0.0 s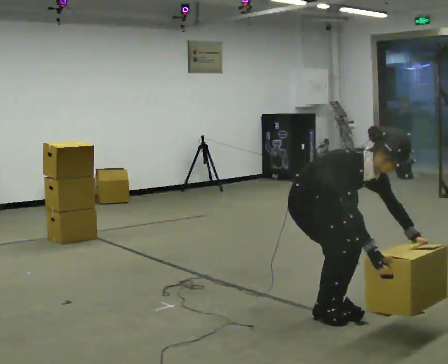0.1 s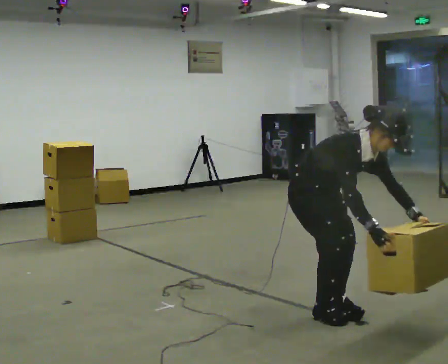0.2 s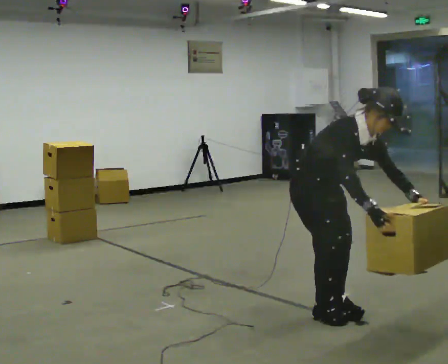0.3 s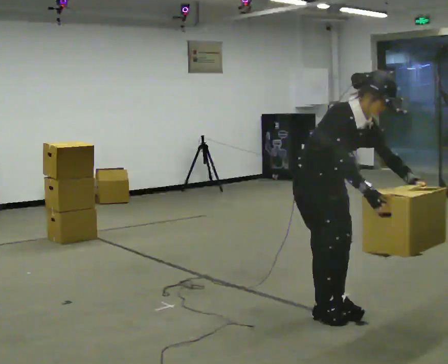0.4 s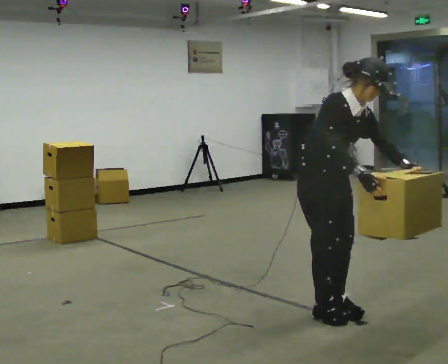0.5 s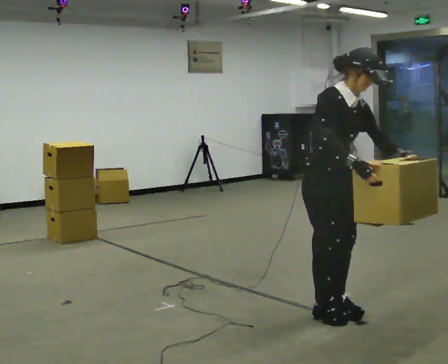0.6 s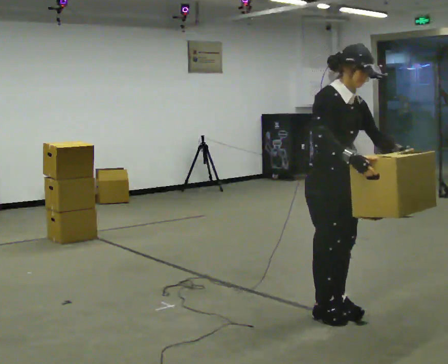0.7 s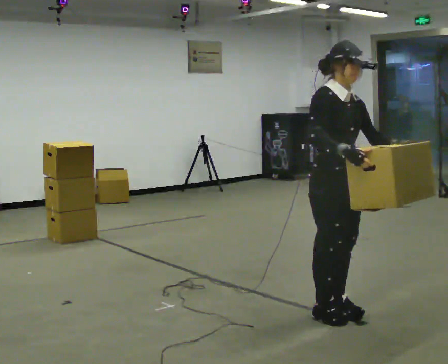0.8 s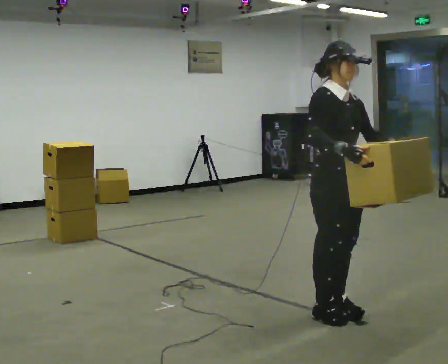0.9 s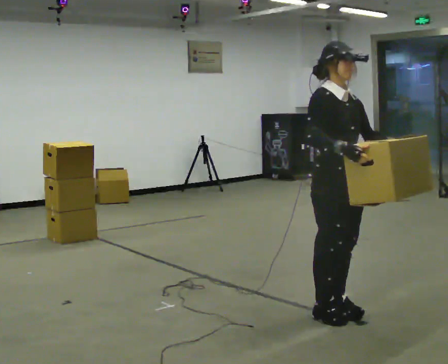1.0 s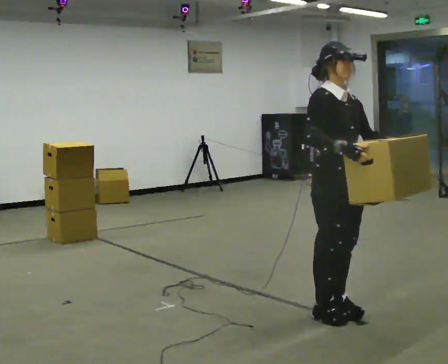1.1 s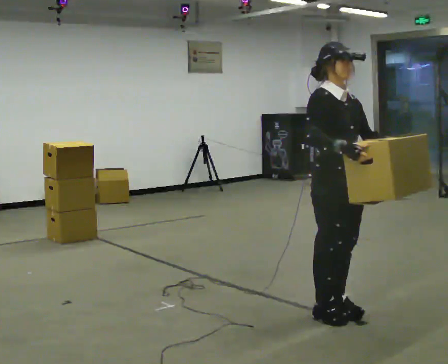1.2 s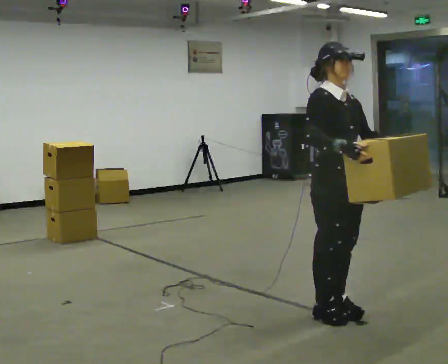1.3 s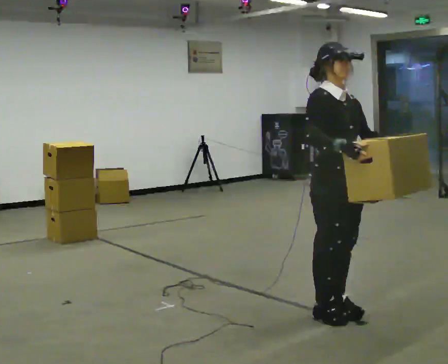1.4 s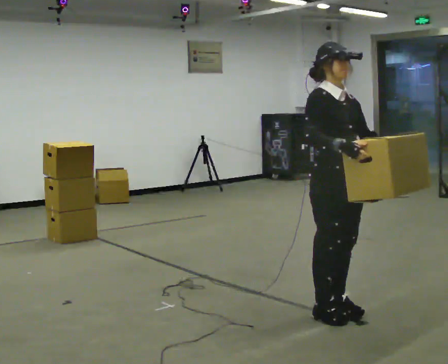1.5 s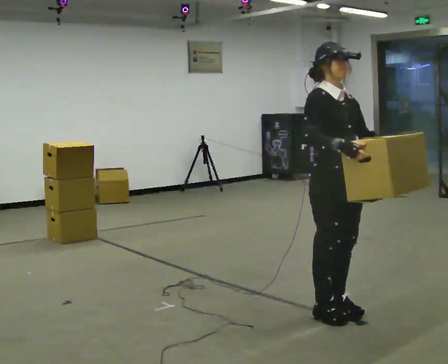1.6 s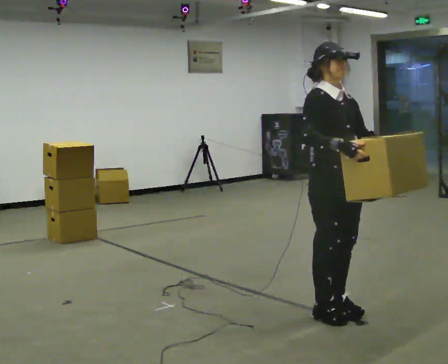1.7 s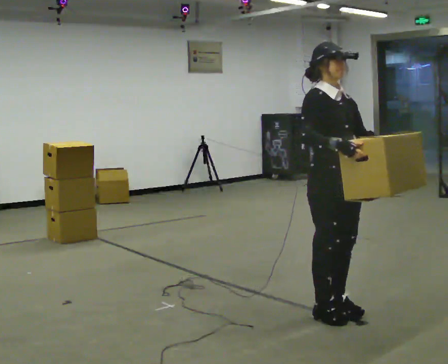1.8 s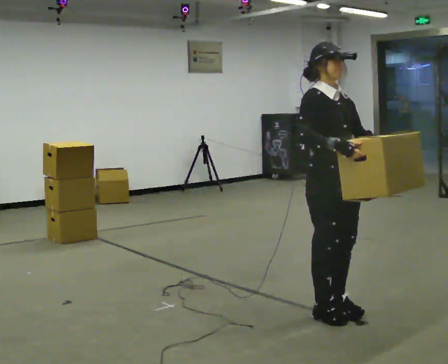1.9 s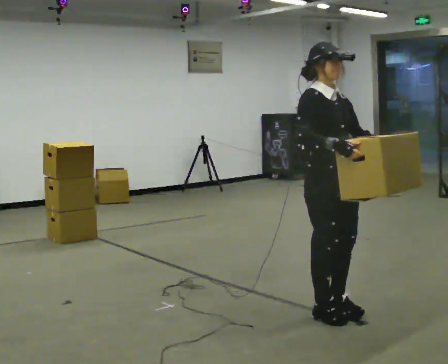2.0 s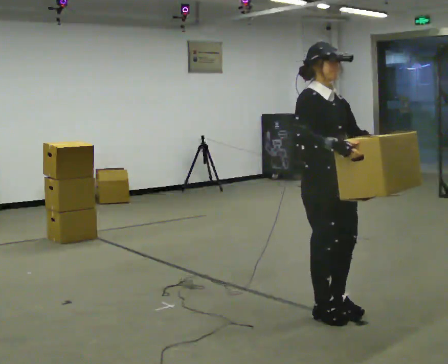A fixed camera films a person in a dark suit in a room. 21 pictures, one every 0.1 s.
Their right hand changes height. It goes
upward.
Their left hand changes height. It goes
upward.
0.0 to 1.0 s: The shoulders move upward. In the picture the upper body tilts counterclockwise, shoulders to the left, as they lean back or straighten. In the picture their right hand goes upward.
1.0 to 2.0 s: The person moves a little, or ends about where they began.
The film runs backward here.
